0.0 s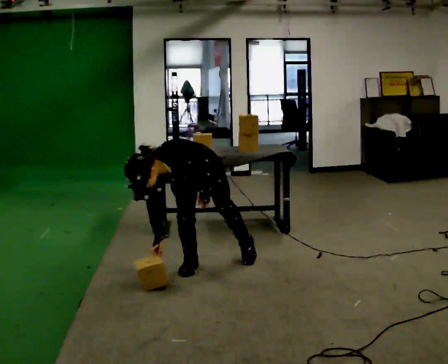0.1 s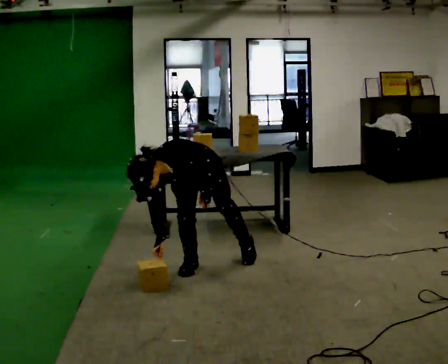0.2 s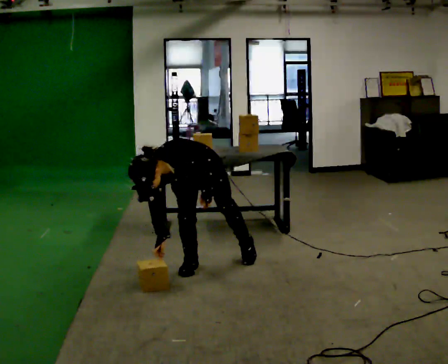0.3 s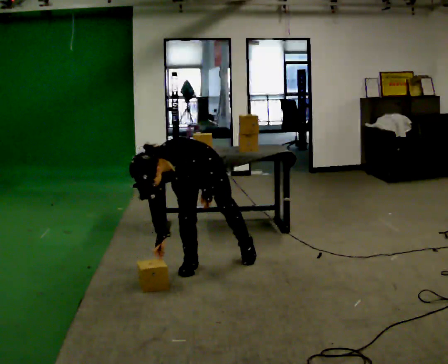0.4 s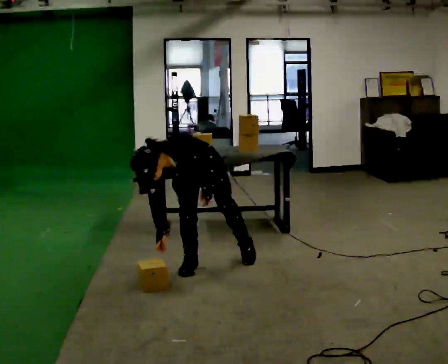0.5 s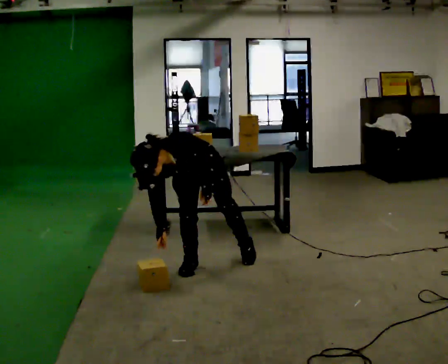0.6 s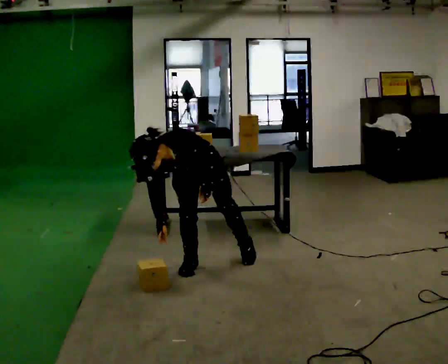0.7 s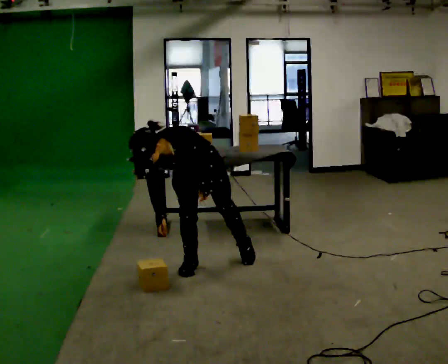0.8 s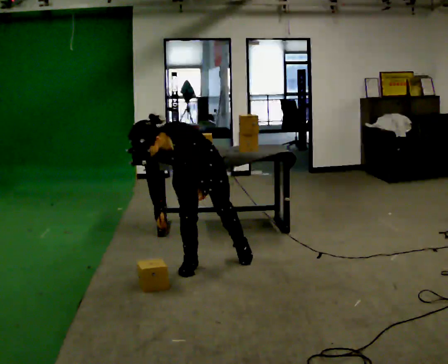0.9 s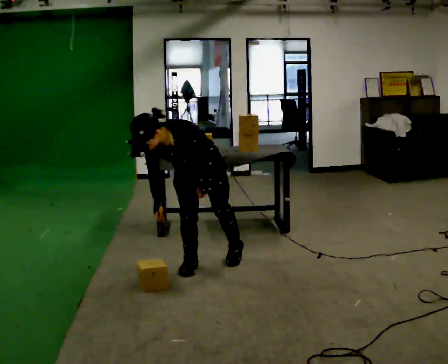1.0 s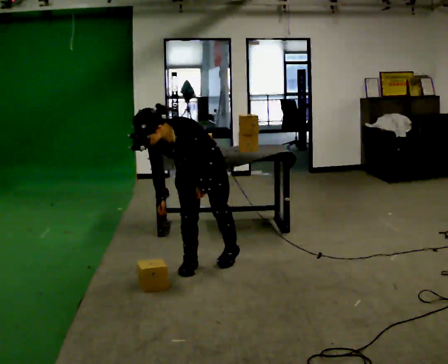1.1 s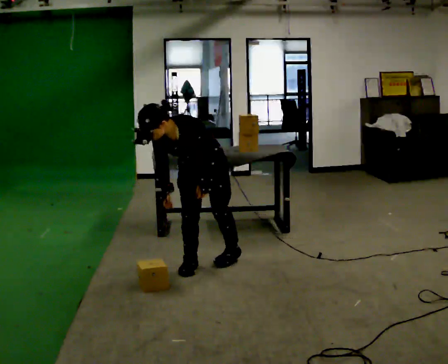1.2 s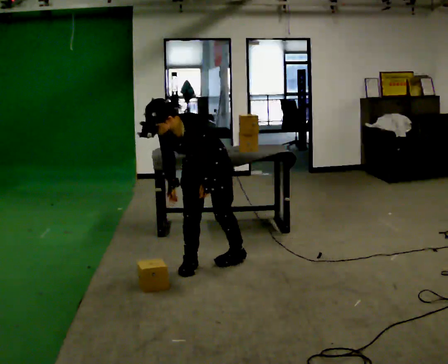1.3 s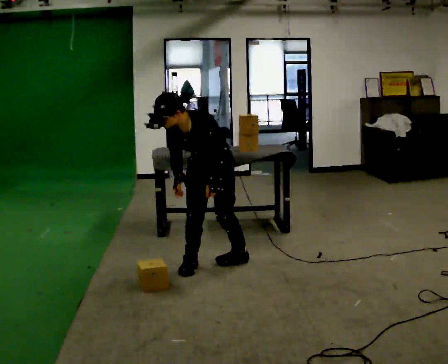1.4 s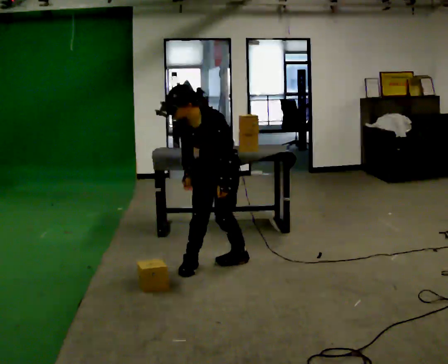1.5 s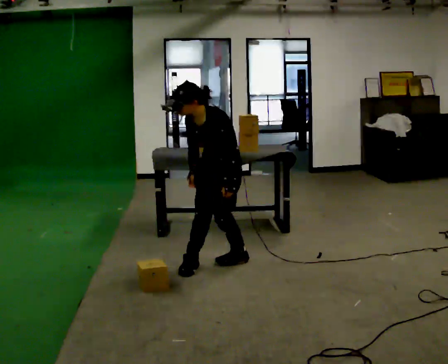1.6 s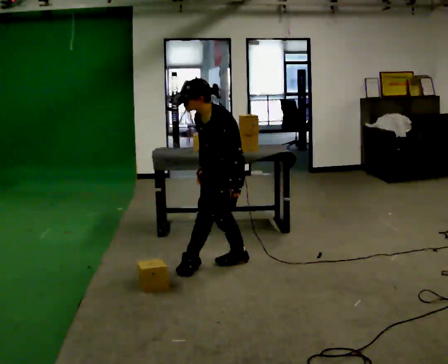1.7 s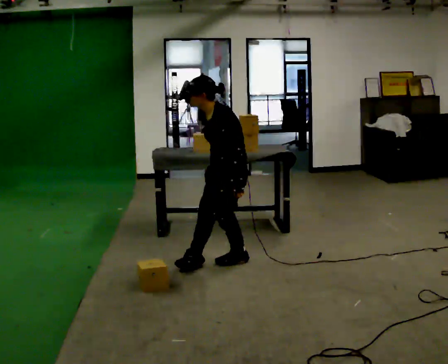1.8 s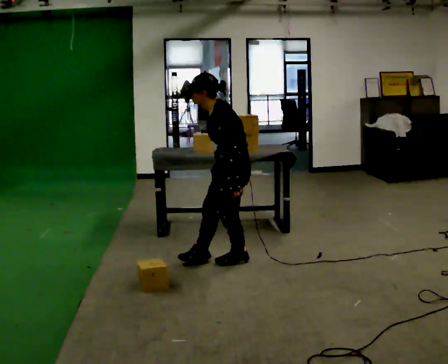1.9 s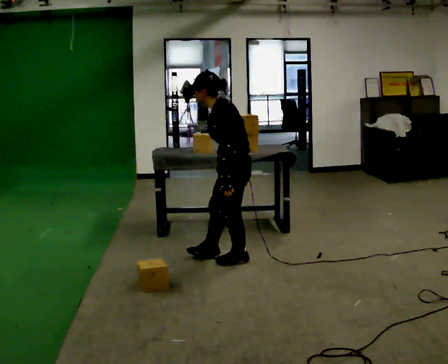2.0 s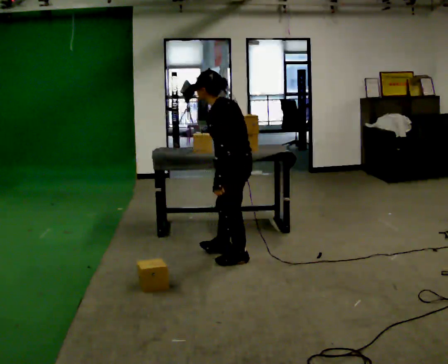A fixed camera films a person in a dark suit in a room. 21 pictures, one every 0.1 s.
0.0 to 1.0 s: The upper body goes upward. The upper body tips away from the camera, its near side rolling upward, as they lean back or straighten.
1.0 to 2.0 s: The part of the body nearest the lens slides to the left as the person turns to their right by about 90 degrees. In the picture they go to the right, about 0.25 m. The upper body tips away from the camera, its near side rolling upward, as they lean back or straighten.
The film runs forward here.
